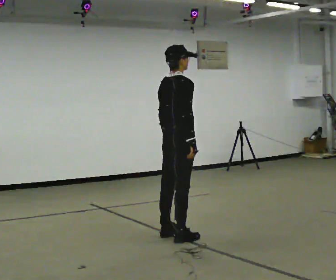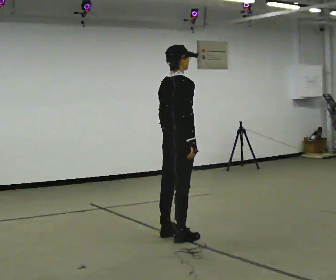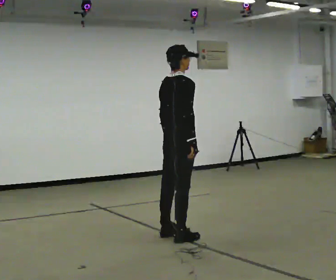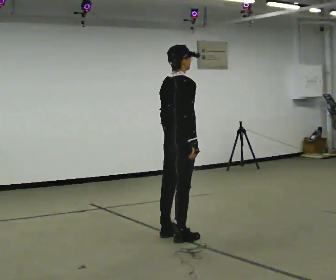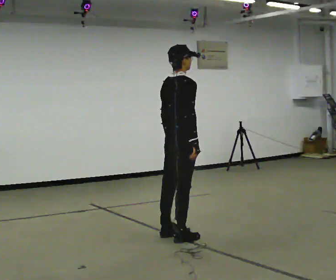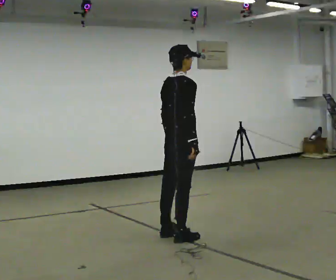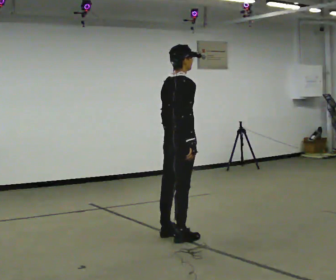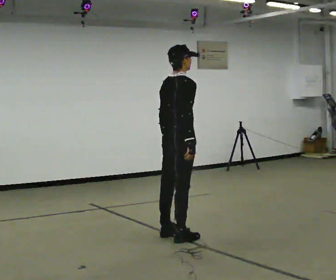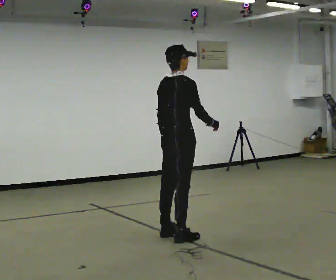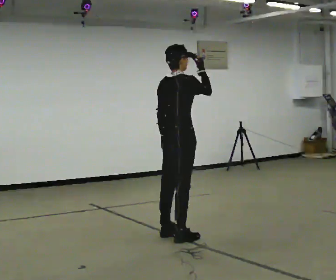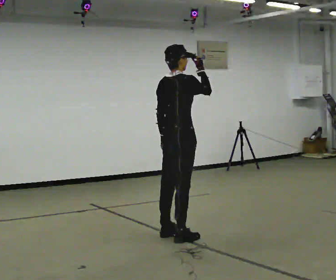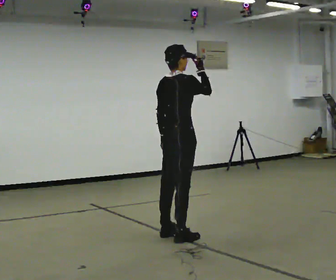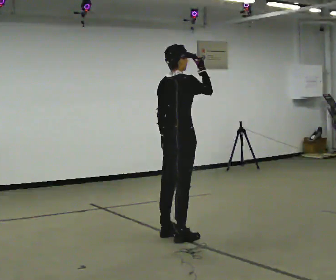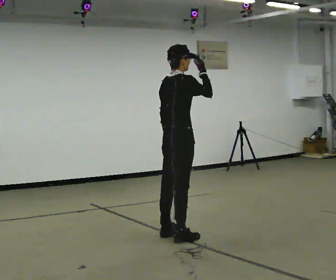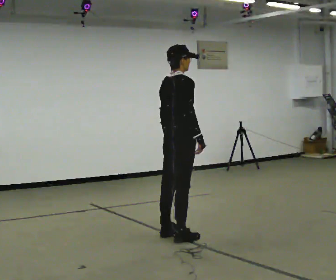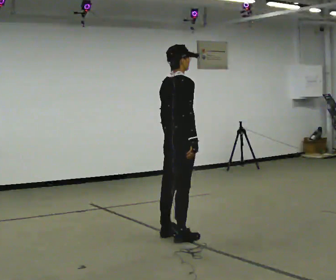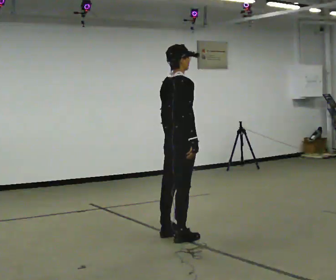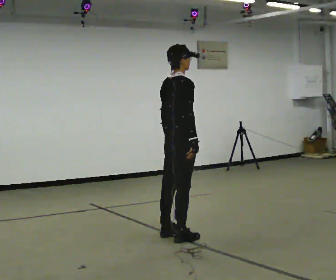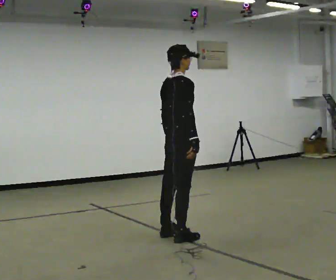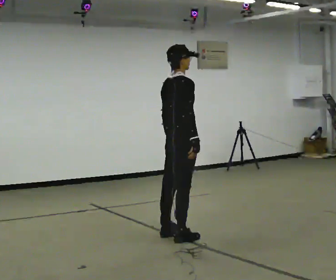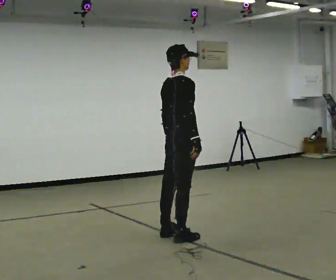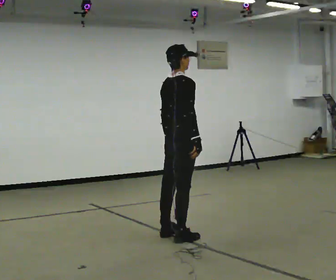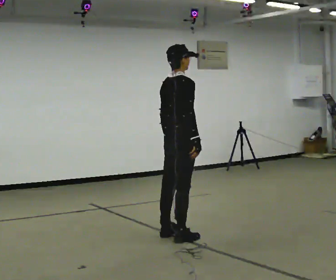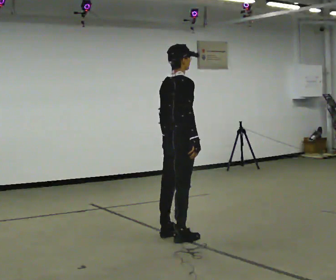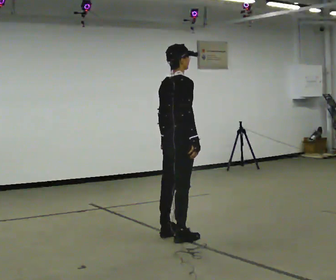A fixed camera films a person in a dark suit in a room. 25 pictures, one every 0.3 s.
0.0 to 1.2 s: The person keeps their place and pose.
1.2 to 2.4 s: The person moves a little, or ends about where they began.
2.4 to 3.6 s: In the picture their right hand goes upward.
3.6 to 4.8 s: In the picture their right hand goes downward.
4.8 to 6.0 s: The person keeps their place and pose.
6.0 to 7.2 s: The person moves a little, or ends about where they began.
The film runs backward here.
